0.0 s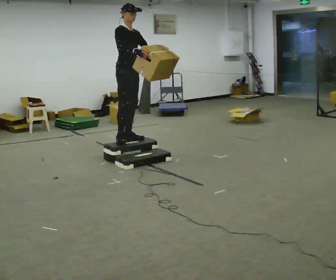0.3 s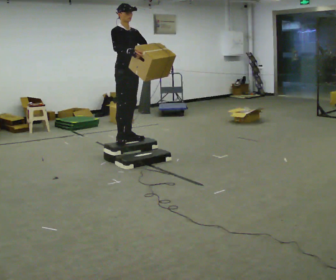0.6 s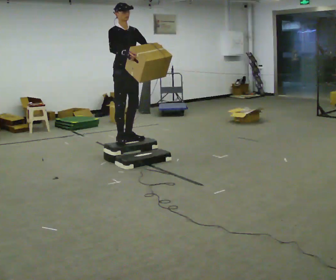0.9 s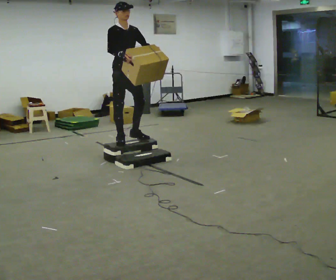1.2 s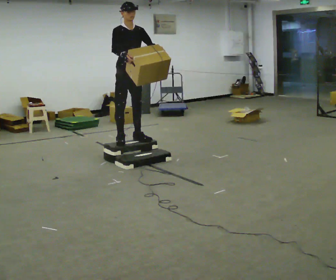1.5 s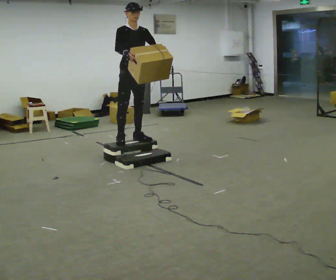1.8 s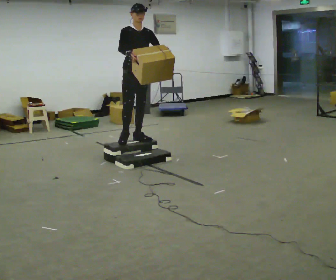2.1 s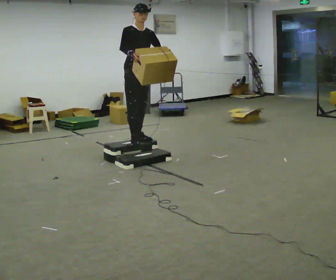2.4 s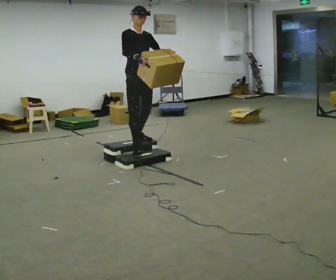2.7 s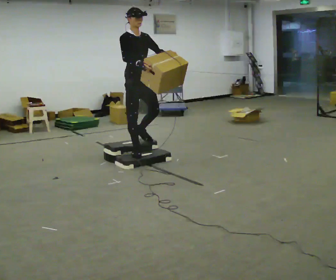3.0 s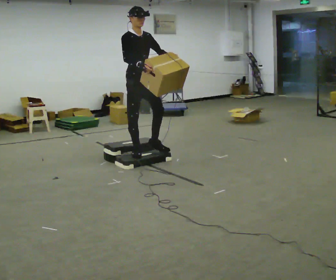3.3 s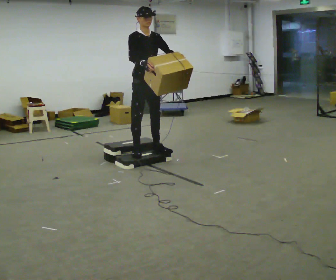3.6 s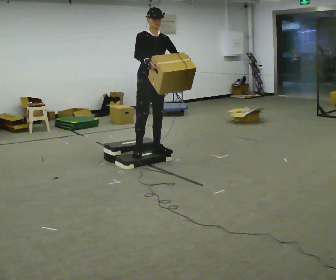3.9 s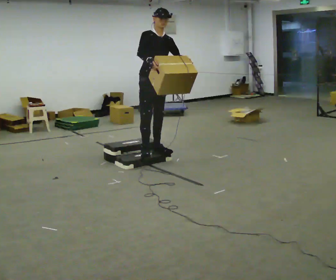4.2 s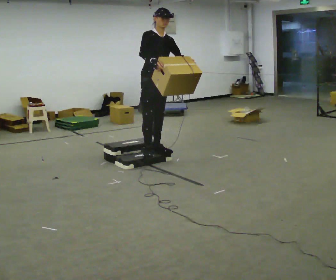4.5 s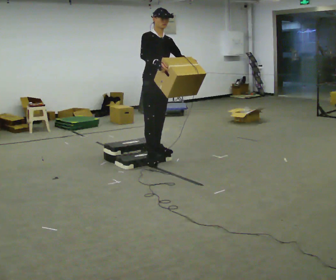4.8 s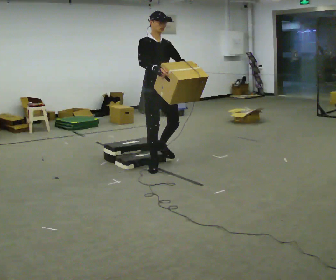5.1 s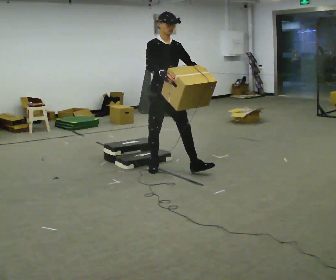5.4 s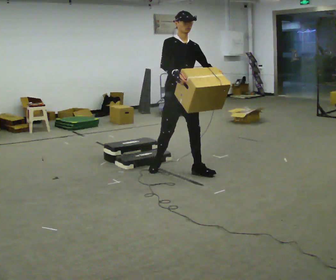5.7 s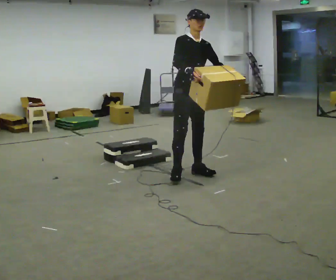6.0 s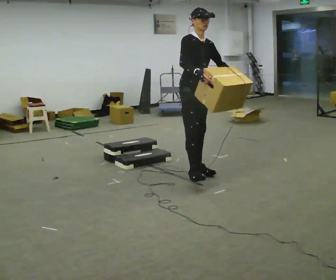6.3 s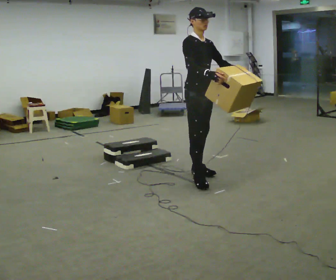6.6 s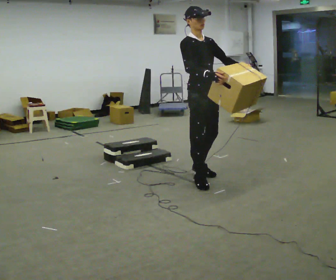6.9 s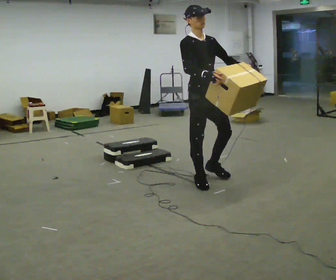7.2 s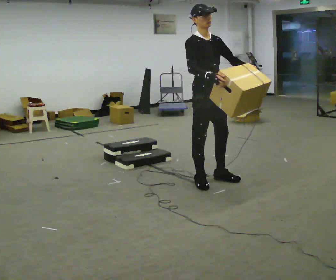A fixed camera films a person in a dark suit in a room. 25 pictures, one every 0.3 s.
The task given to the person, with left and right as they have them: Carry the box up the three steps, turn at the top, and carry it back down. Use the handrail only if you need it. Keep going until the operator says stop; one object at a time, and do not rush between trips.
0.0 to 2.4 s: The person moves a little, or ends about where they began.
2.4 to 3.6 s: In the picture they go to the right and toward the camera, about 0.25 m in 1 step, which for them is forward.
3.6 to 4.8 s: In the picture they go toward the camera, about 0.25 m in 1 step, which for them is forward.
4.8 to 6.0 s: In the picture they go to the right and toward the camera, about 0.5 m in 2 steps, which for them is forward and to their left.
6.0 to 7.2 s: In the picture they go toward the camera, about 0.25 m in 1 step, which for them is forward.
The film runs forward here.
